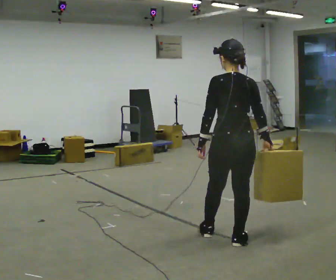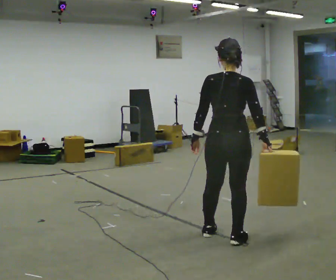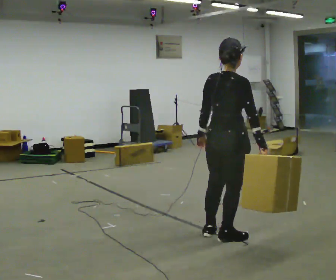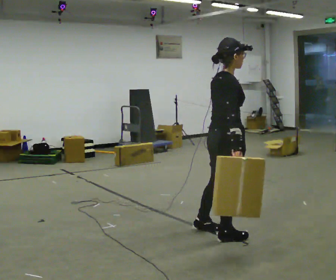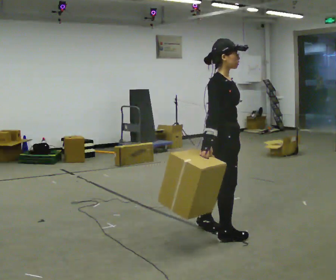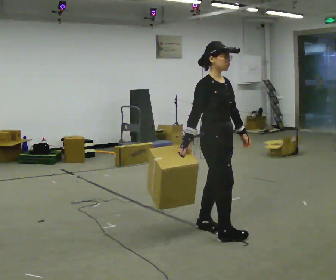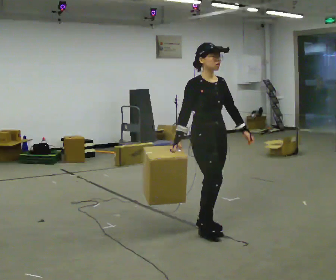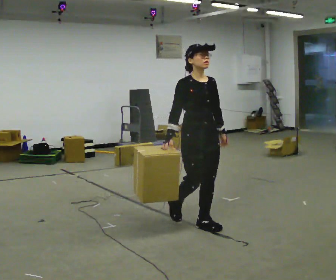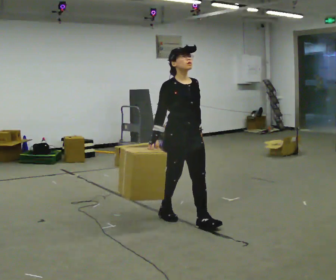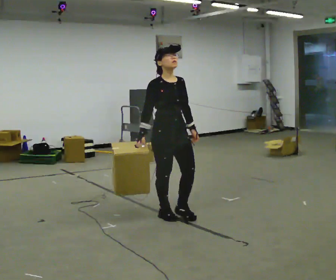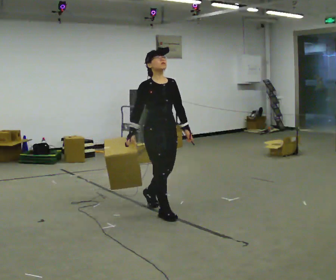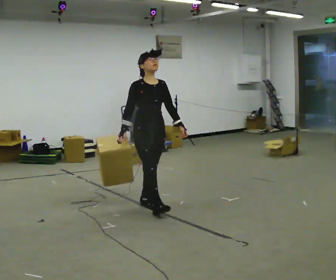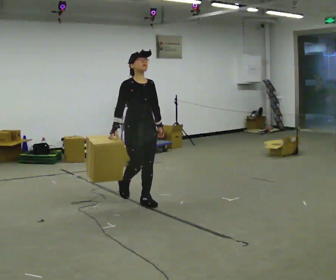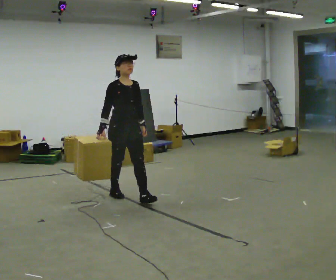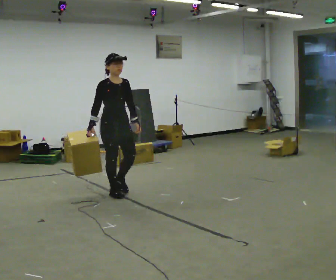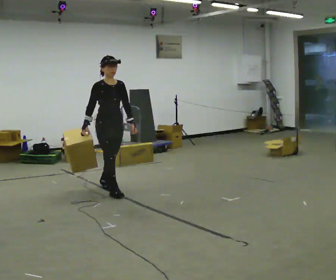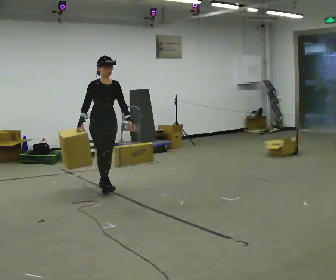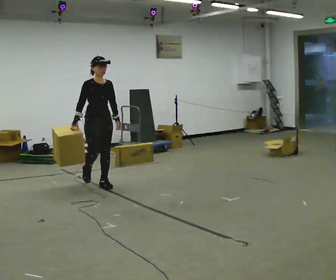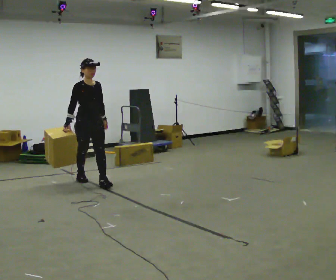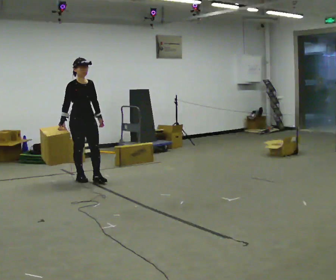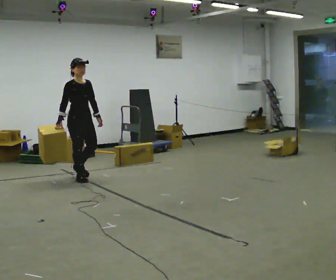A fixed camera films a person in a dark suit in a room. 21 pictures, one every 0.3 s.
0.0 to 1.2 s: Seen from above the body turns clockwise, about 120 degrees: to their right, with its near side sliding to the left. In the picture their right hand goes to the left.
1.2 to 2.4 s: Seen from above the body turns clockwise, about 45 degrees: to their right, with its near side sliding to the left. In the picture they go away from the camera and to the left, about 0.5 m in 1 step, which for them is backward.
2.4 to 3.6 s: In the picture they go away from the camera and to the left, about 1 m in 2 steps, which for them is backward.
3.6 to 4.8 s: In the picture they go away from the camera and to the left, about 1 m in 2 steps, which for them is backward.
4.8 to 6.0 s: In the picture they go to the left and away from the camera, about 0.5 m in 1 step, which for them is backward.
The film runs backward here.
